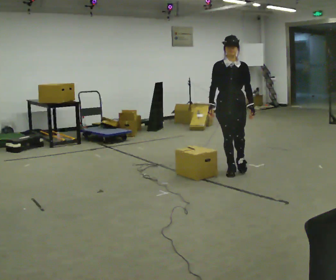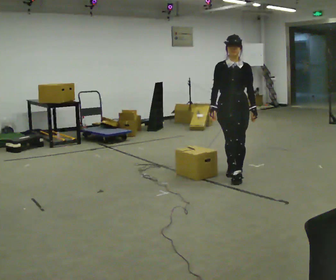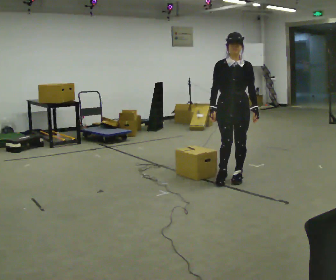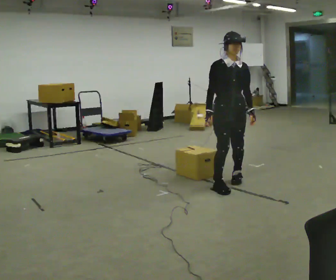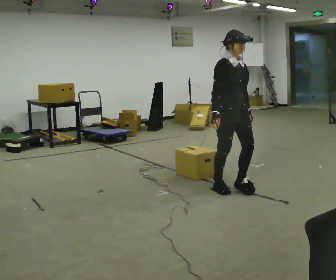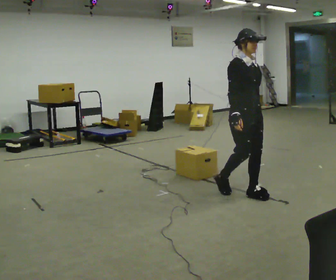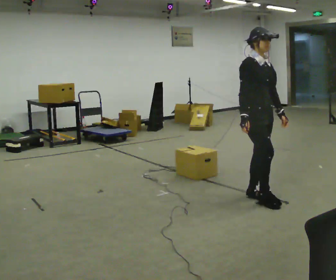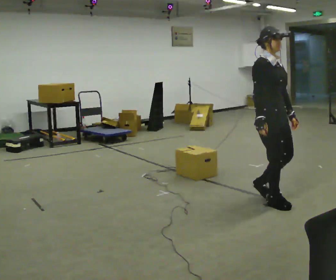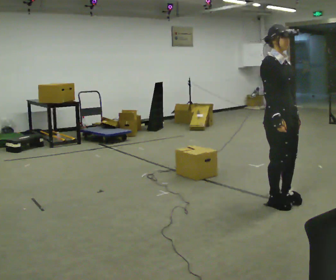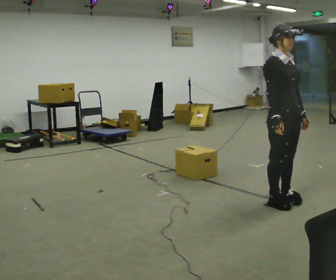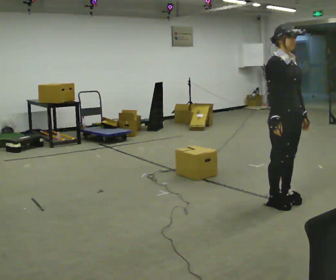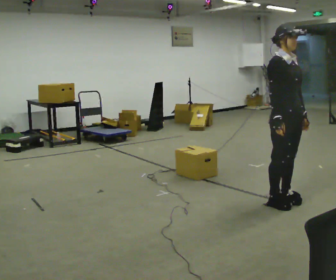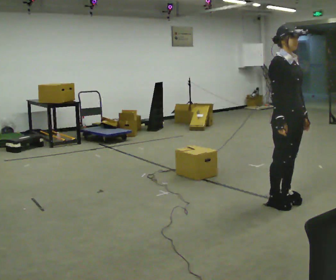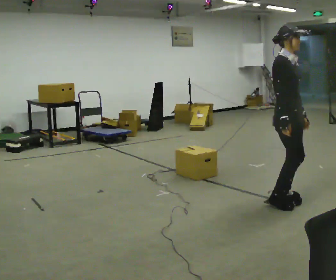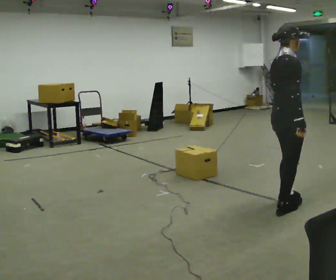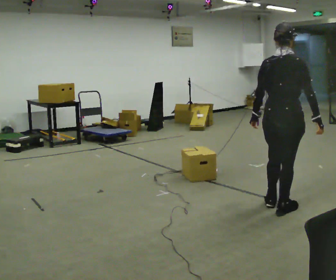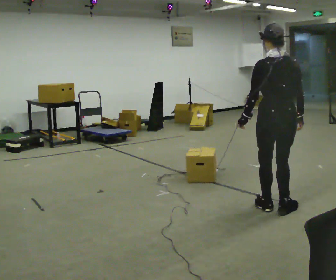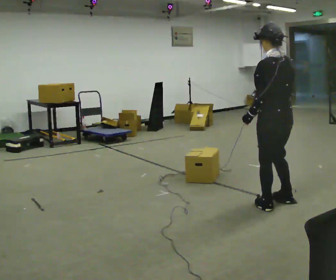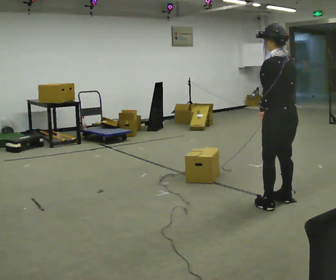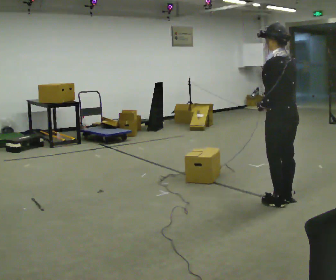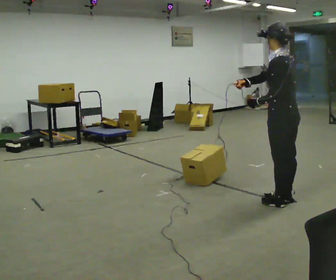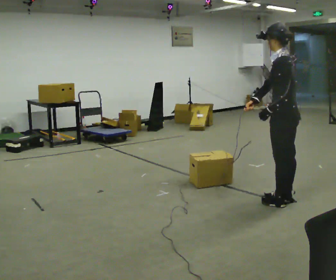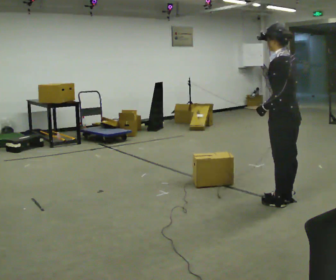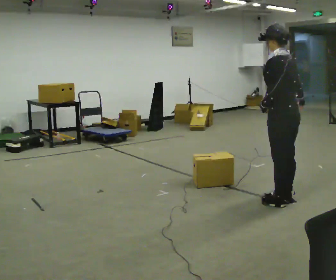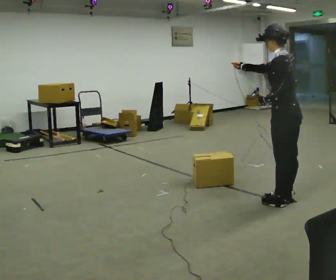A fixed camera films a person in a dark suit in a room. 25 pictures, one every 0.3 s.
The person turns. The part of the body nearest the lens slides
to the right.
The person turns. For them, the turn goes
to their left.
0.0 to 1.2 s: The person turns about 45 degrees to their left, counterclockwise seen from above, so the part of the body nearest the lens slides to the right. In the picture they go toward the camera, about 0.75 m in 2 steps, which for them is forward.
1.2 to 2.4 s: In the picture they go to the right and toward the camera, about 0.5 m in 3 steps, which for them is forward.
2.4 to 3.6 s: The person moves a little, or ends about where they began.
3.6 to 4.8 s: Seen from above the body turns counterclockwise, about 150 degrees: to their left, with its near side sliding to the right. In the picture their left hand goes to the left, the arm swinging clockwise.
4.8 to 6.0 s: The part of the body nearest the lens slides to the right as the person turns to their left by about 45 degrees. In the picture they go away from the camera, about 0.25 m in 2 steps, which for them is to their right. In the picture their right hand goes to the left and upward, the arm swinging clockwise.
6.0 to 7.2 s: The person moves a little, or ends about where they began.
The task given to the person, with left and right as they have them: Walk back and forth across the room at a normal pace, looking ahead. There may be something on the floor. Recover however comes naturally and carry on.
The film runs forward here.
